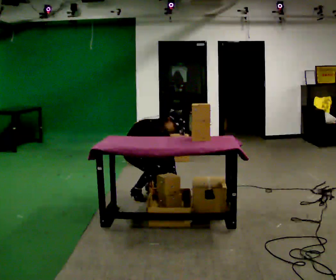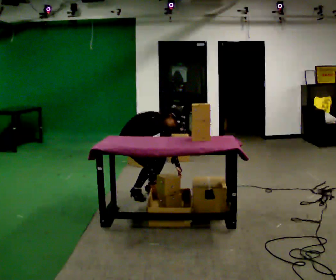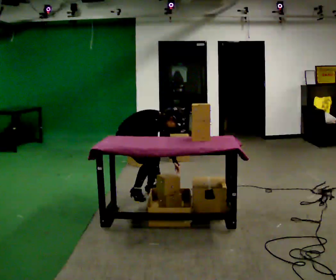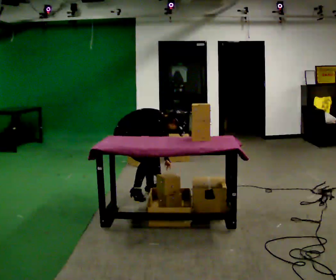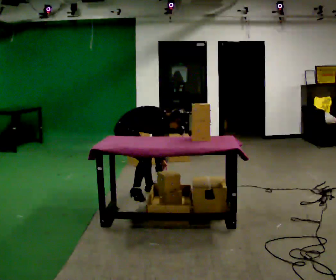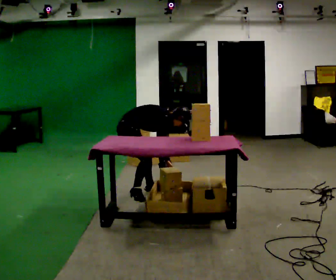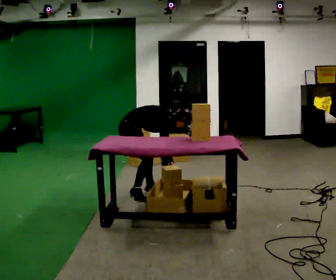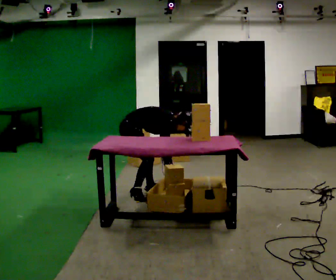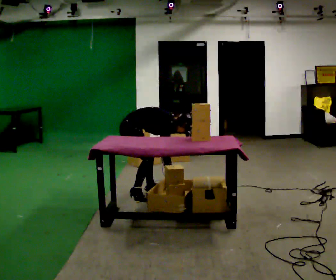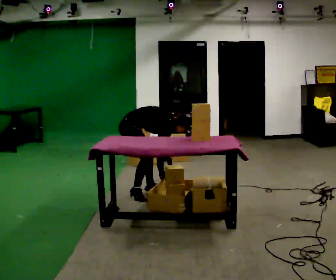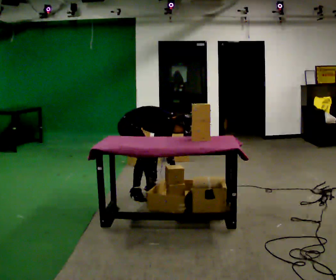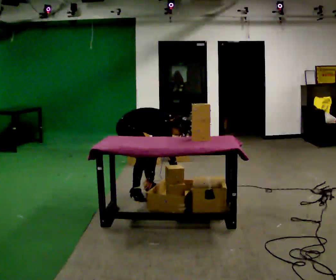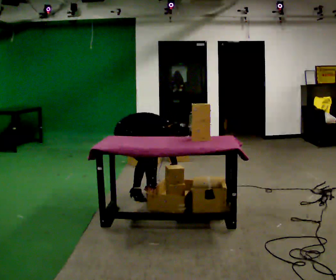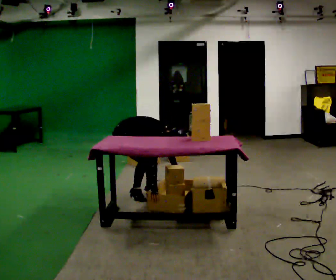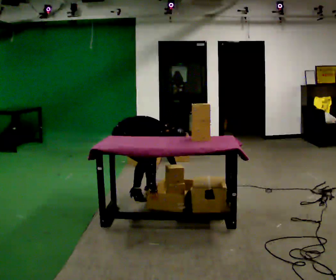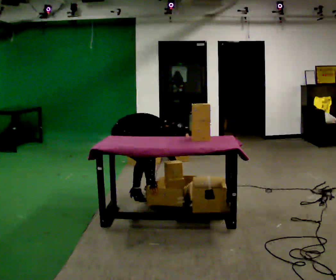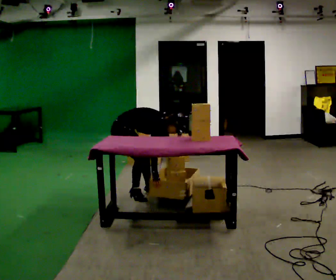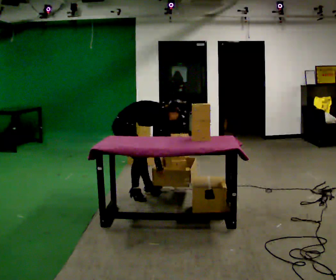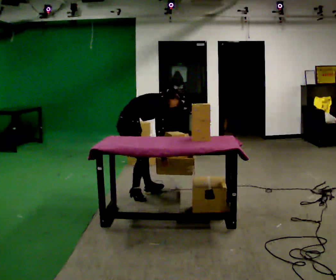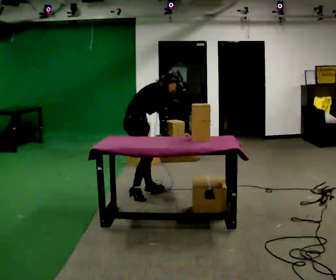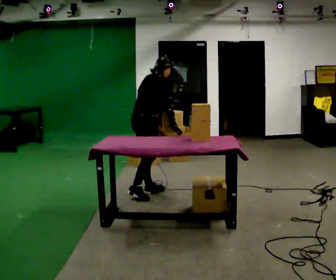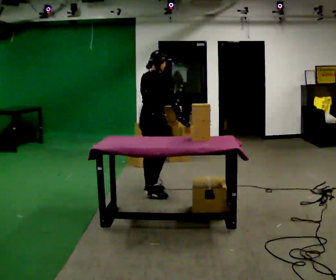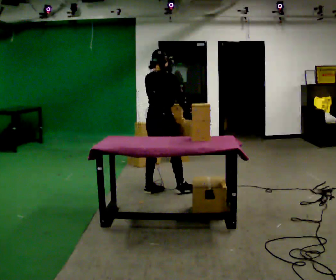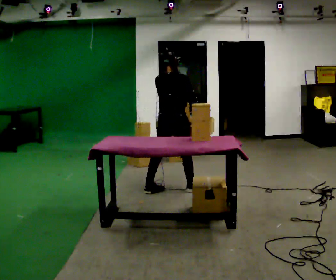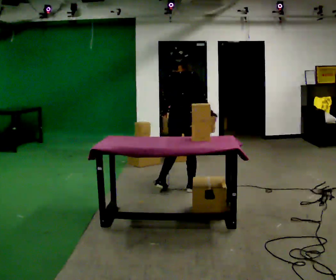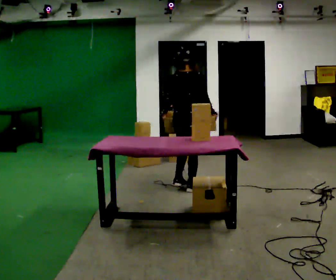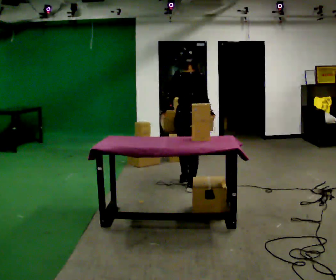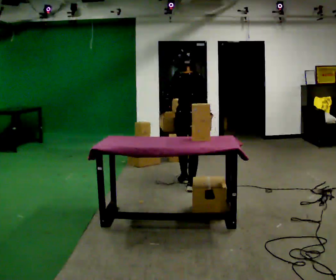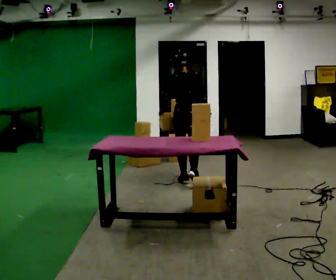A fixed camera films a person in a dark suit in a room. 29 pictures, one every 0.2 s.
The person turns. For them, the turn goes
to their left.
The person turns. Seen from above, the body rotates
counterclockwise.
0.0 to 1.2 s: The part of the body nearest the lens slides to the right as the person turns to their left by about 45 degrees.
1.2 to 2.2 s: The upper body tips toward the camera, its near side rolling downward.
2.2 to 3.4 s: The upper body tips away from the camera, its near side rolling upward.
3.4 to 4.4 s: The person turns about 45 degrees to their left, counterclockwise seen from above, so the part of the body nearest the lens slides to the right. In the picture they go to the right, about 0.5 m, which for them is forward. The shoulders move upward. In the picture the upper body tilts counterclockwise, shoulders to the left, as they lean back or straighten. In the picture their right hand goes upward.
4.4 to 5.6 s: Seen from above the body turns counterclockwise, about 45 degrees: to their left, with its near side sliding to the right. In the picture they go away from the camera and to the right, about 0.5 m in 2 steps, which for them is forward and to their right.
The film runs forward here.
